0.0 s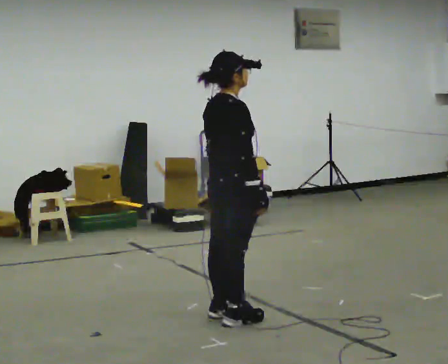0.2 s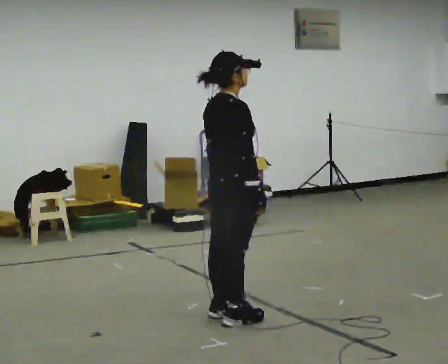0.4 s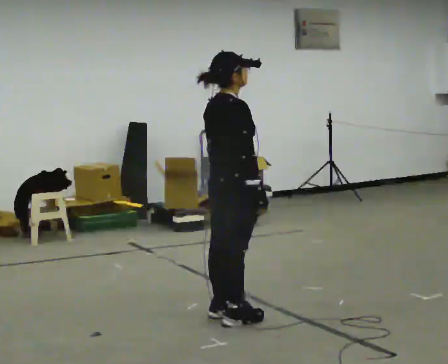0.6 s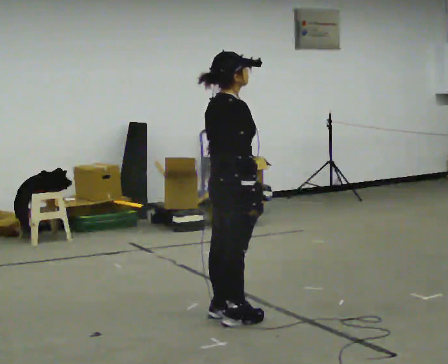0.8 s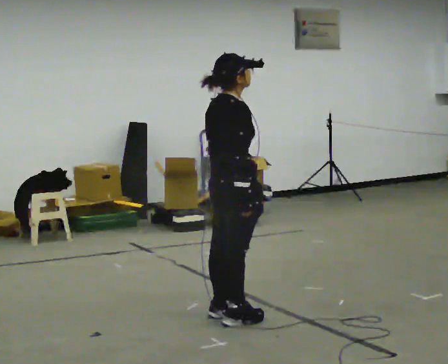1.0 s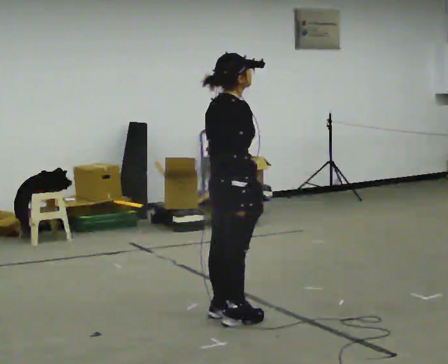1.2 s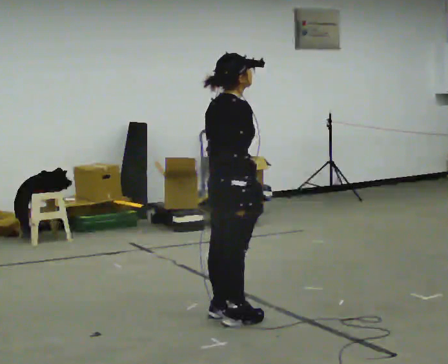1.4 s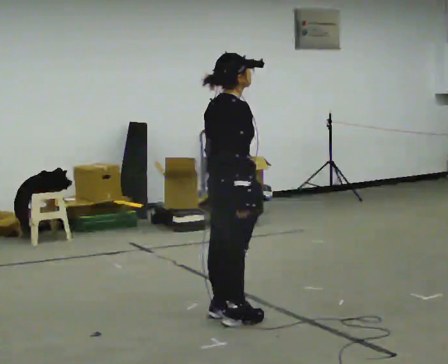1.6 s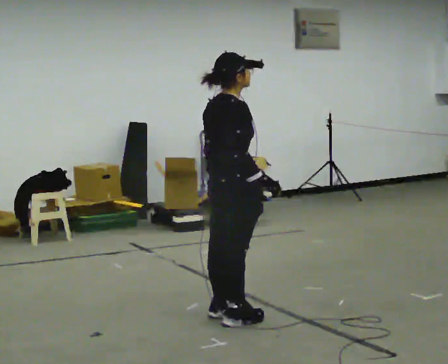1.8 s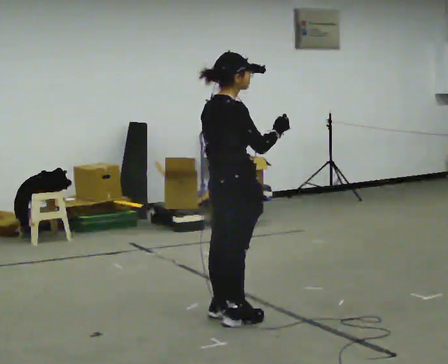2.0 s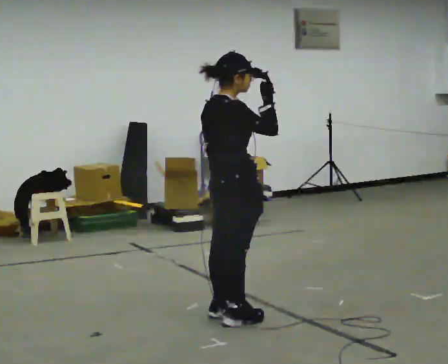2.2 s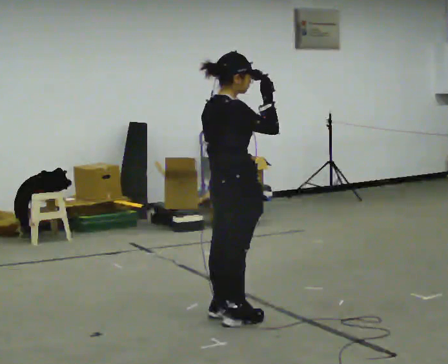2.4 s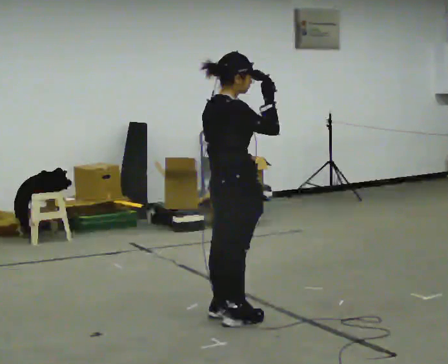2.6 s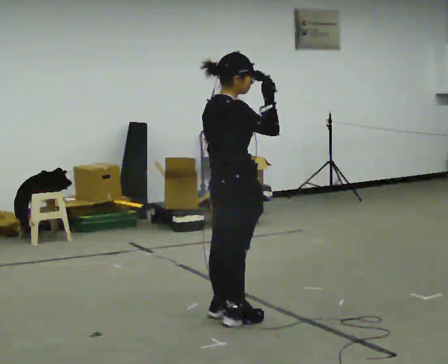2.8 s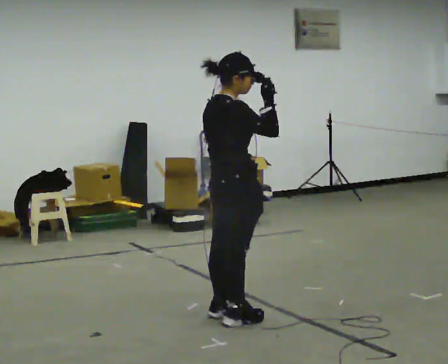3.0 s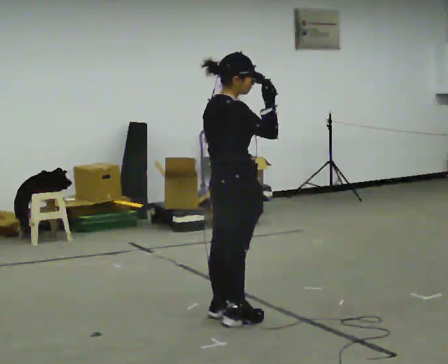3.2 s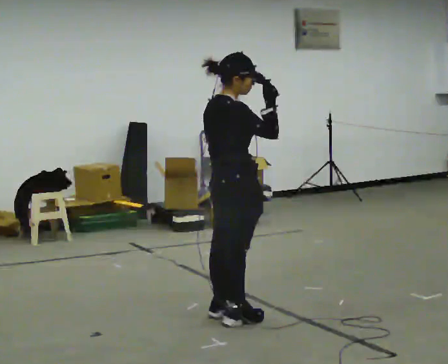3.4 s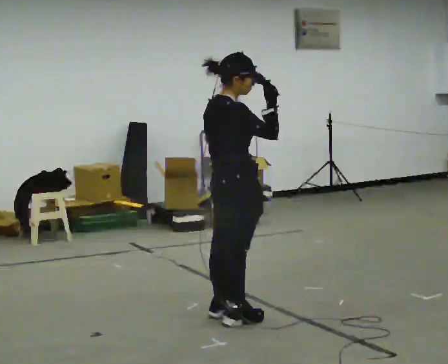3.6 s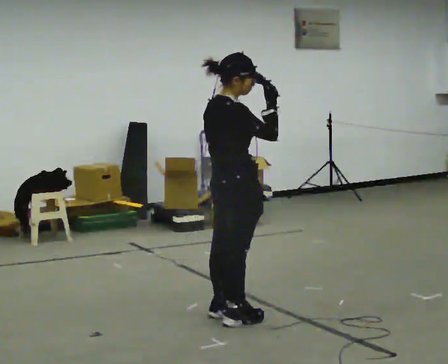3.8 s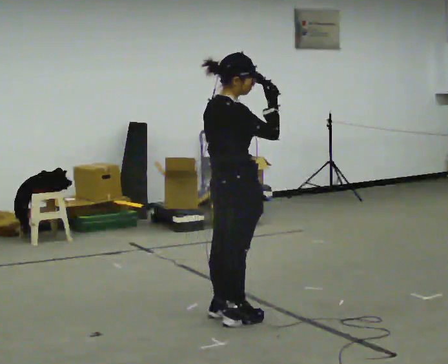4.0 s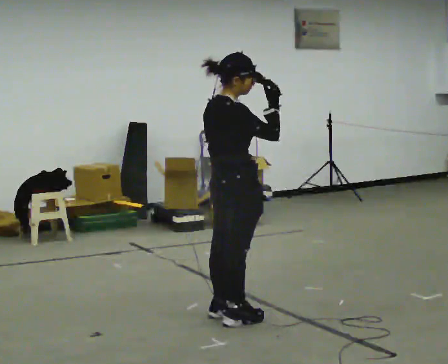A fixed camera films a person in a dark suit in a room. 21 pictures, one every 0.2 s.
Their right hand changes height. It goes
upward.
0.0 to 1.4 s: The person moves a little, or ends about where they began.
1.4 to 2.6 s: In the picture their right hand goes upward.
2.6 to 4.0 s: The person moves a little, or ends about where they began.
The film runs backward here.
